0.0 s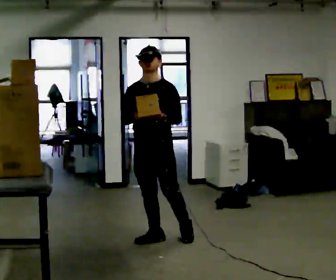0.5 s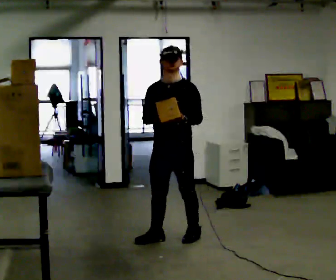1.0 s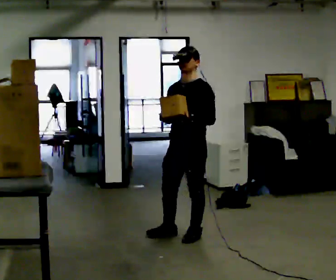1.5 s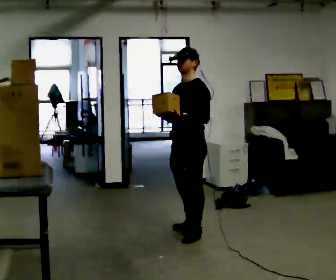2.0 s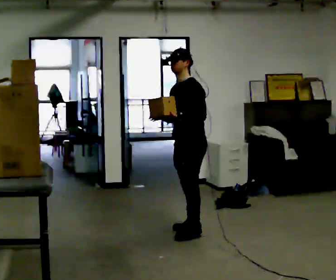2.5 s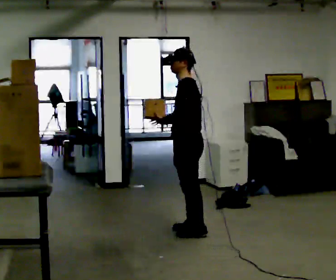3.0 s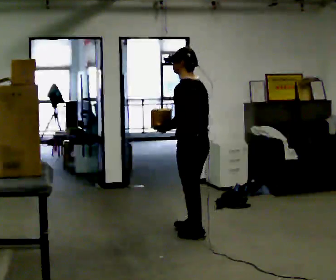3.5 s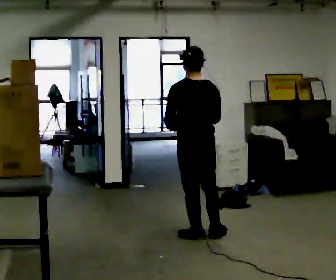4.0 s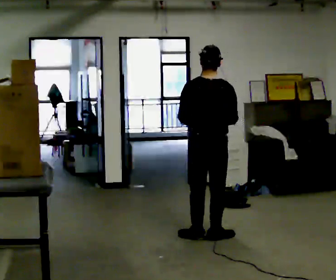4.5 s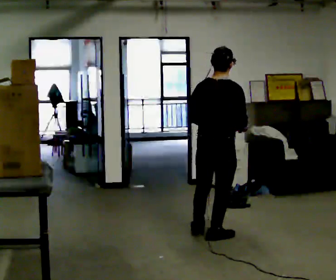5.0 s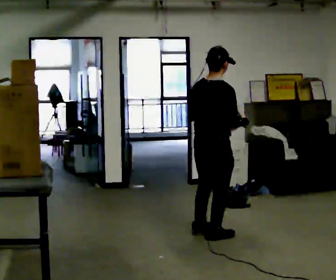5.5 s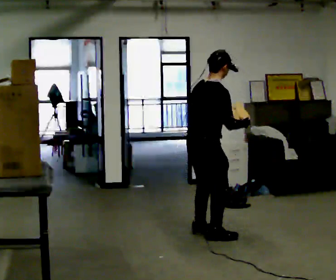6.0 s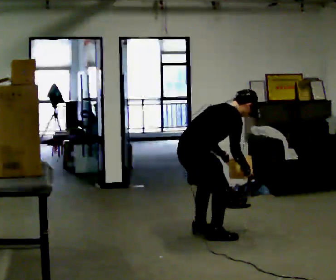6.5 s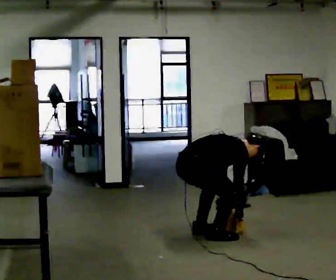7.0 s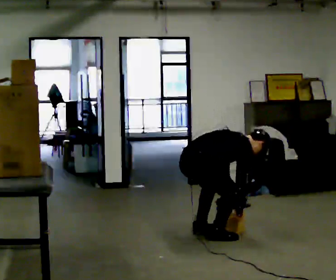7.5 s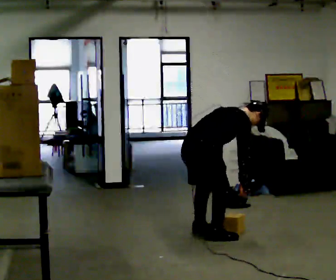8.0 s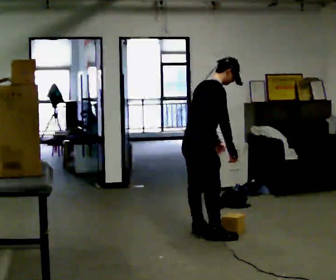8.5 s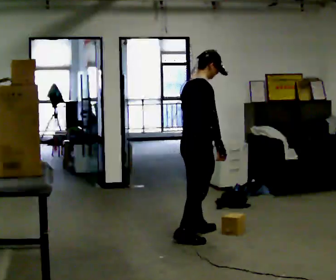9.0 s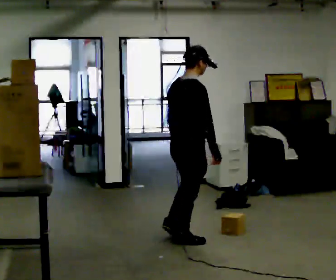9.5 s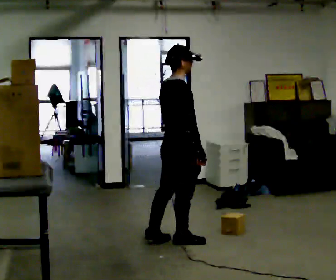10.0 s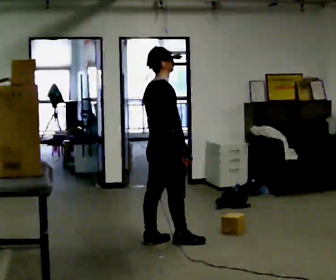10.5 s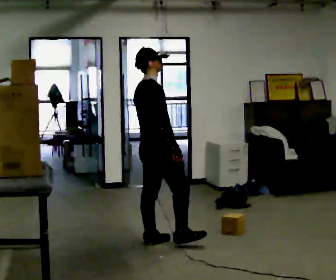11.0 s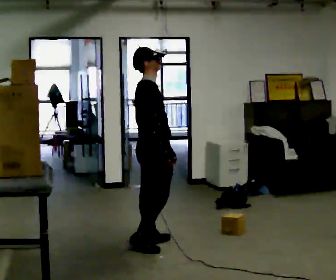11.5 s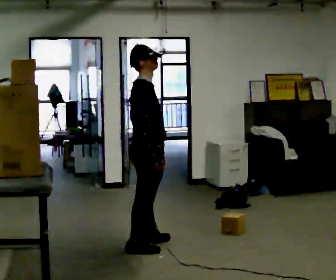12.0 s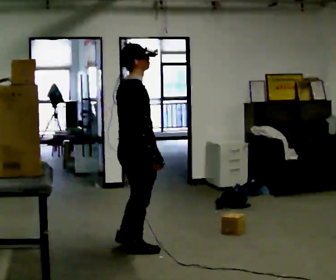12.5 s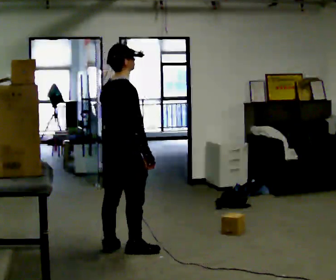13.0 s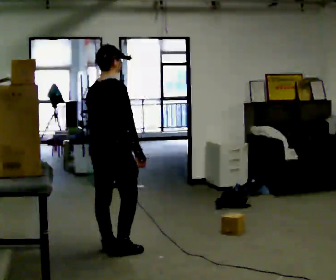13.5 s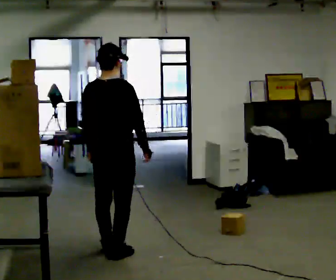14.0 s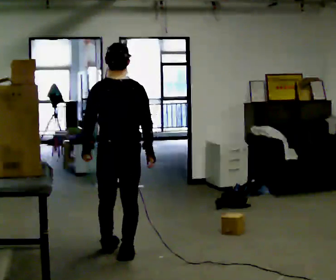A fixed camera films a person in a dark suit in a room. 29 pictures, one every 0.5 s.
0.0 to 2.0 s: The part of the body nearest the lens slides to the left as the person turns to their right by about 45 degrees. In the picture they go to the right and away from the camera, about 0.5 m in 1 step, which for them is backward.
2.0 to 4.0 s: The part of the body nearest the lens slides to the left as the person turns to their right by about 120 degrees. In the picture they go toward the camera, about 0.25 m in 2 steps.
4.0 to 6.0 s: Seen from above the body turns clockwise, about 60 degrees: to their right, with its near side sliding to the left. In the picture they go to the left, about 0.25 m in 1 step. The upper body goes downward. In the picture the upper body tilts clockwise, shoulders to the right, as they bend forward. In the picture their right hand goes downward.
6.0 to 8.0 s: The person moves a little, or ends about where they began.
8.0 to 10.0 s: In the picture they go to the left and toward the camera, about 0.25 m in 2 steps, which for them is backward. In the picture the upper body tilts counterclockwise, shoulders to the left, as they lean back or straighten.
10.0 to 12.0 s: In the picture they go toward the camera and to the left, about 0.25 m in 2 steps, which for them is backward and to their right.
12.0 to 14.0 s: The person turns about 75 degrees to their left, counterclockwise seen from above, so the part of the body nearest the lens slides to the right. In the picture their left hand goes to the left.
The film runs backward here.
